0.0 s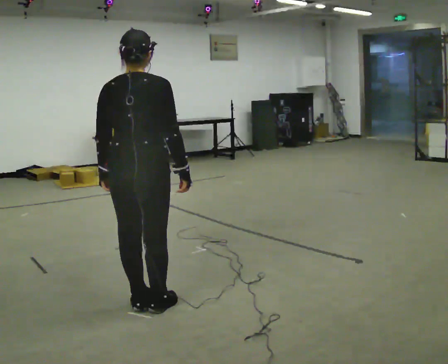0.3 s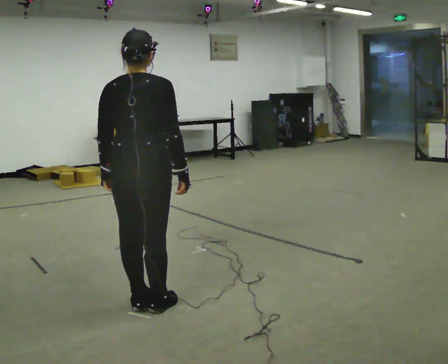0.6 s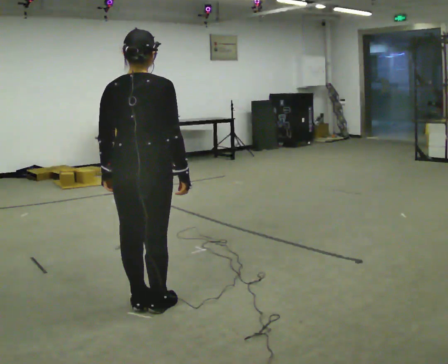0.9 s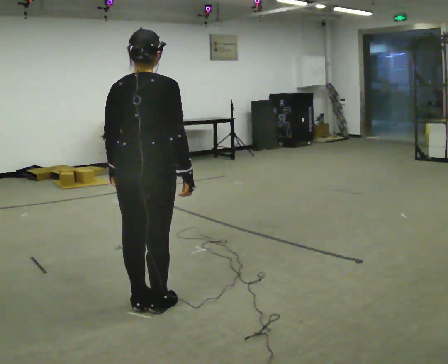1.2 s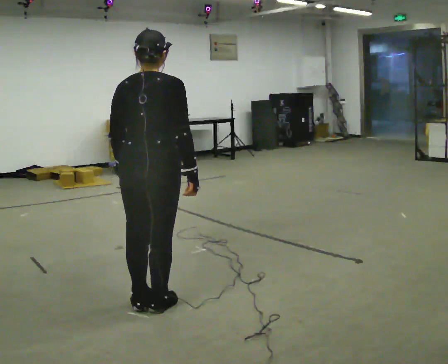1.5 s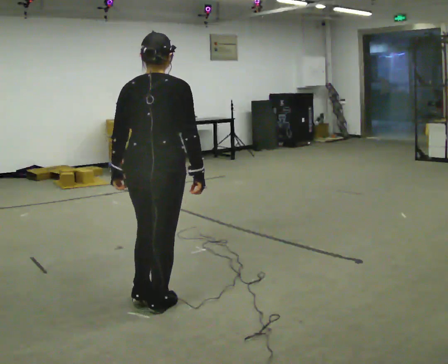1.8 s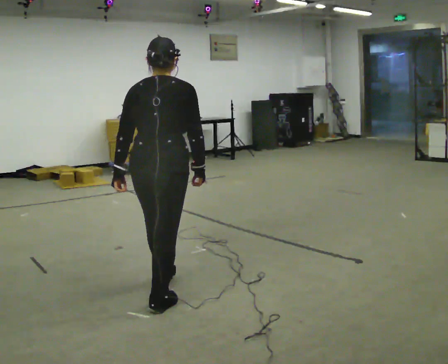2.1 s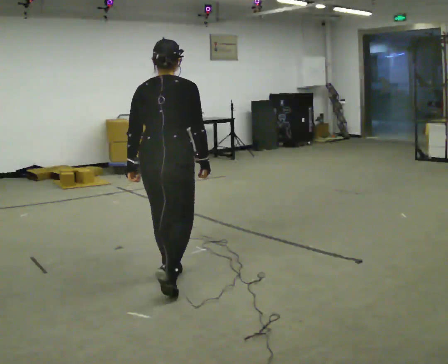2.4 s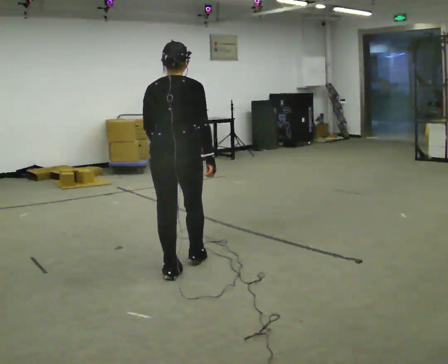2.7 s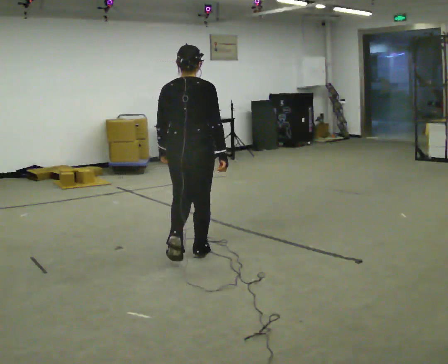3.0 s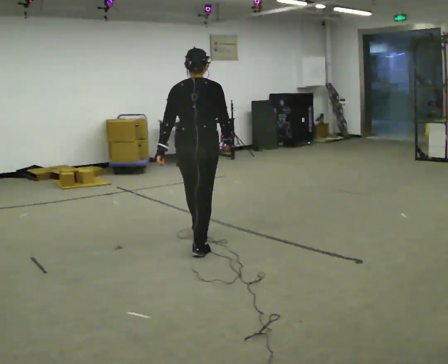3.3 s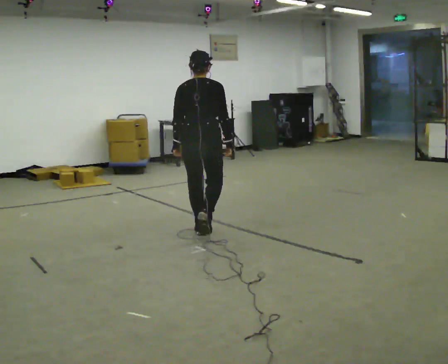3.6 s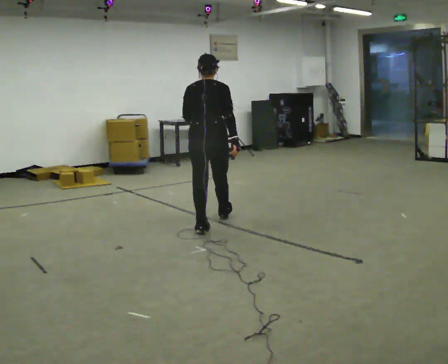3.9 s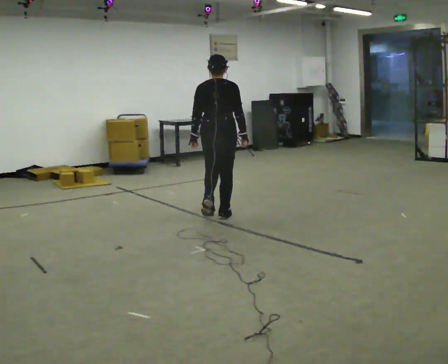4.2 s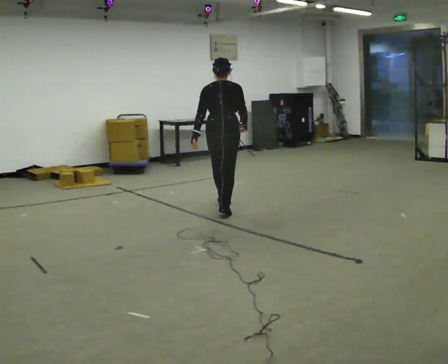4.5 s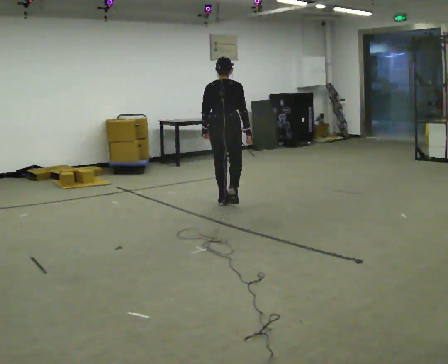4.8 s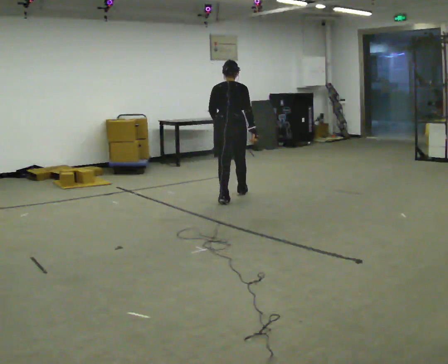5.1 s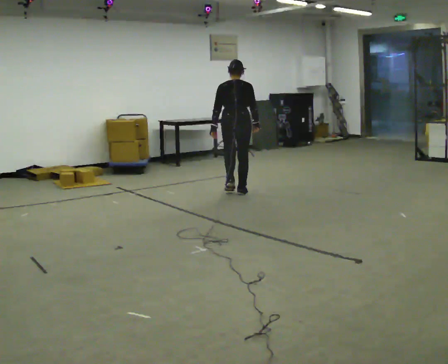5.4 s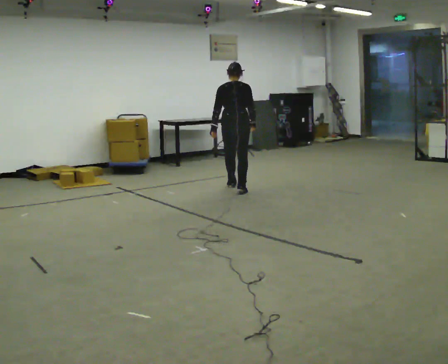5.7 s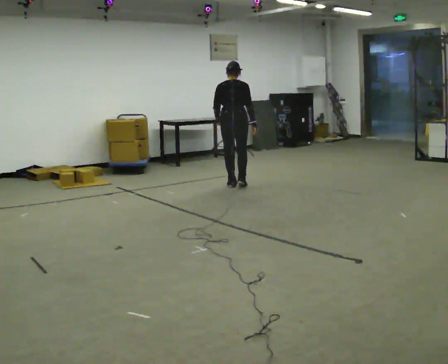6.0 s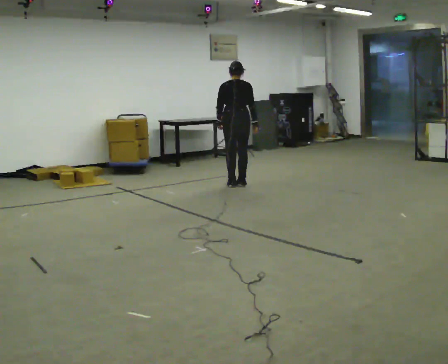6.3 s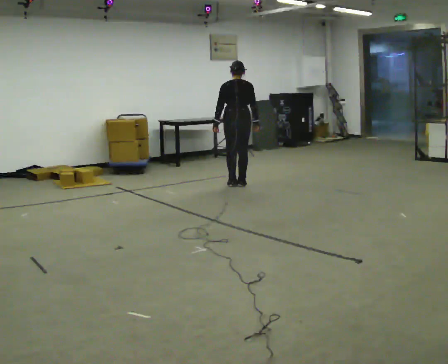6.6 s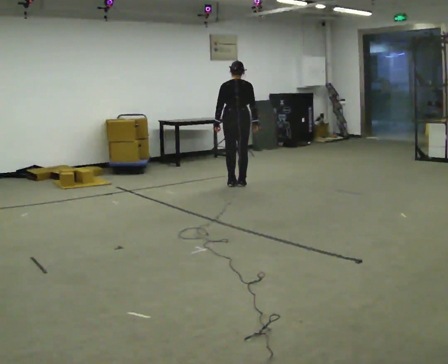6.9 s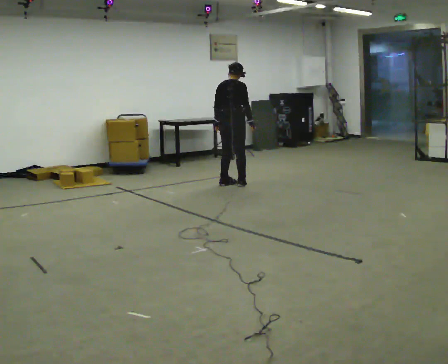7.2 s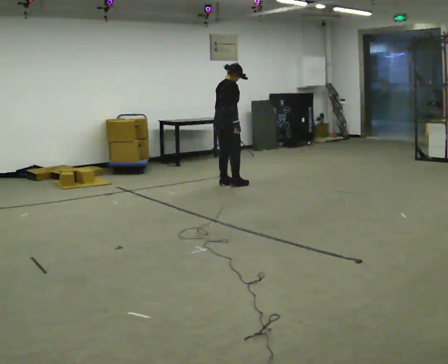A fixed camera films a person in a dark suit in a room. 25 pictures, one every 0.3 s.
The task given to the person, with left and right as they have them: Walk forward while moving diagonally left/right; finish ~45° from start direction.
0.0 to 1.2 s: The person moves a little, or ends about where they began.
1.2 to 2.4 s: In the picture they go away from the camera, about 0.5 m in 1 step, which for them is forward.
2.4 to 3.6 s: In the picture they go away from the camera, about 1 m in 2 steps, which for them is forward.
3.6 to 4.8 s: In the picture they go away from the camera, about 1 m in 2 steps, which for them is forward.
4.8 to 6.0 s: In the picture they go away from the camera, about 0.75 m in 3 steps, which for them is forward.
6.0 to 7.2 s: Seen from above the body turns clockwise, about 60 degrees: to their right, with its near side sliding to the left.
The film runs forward here.
